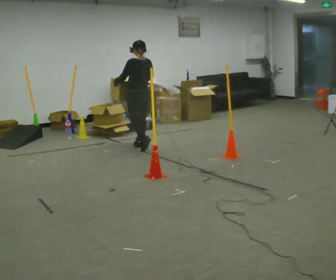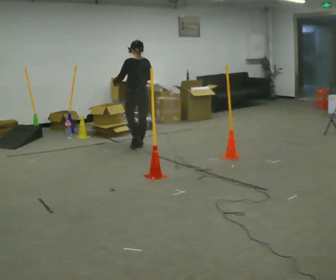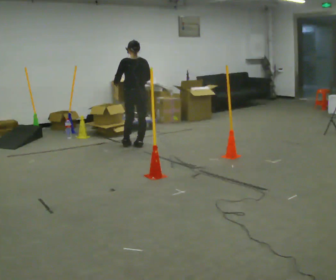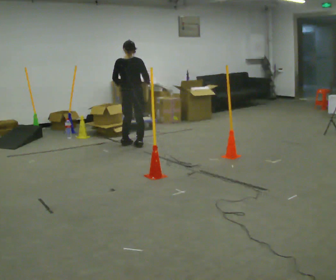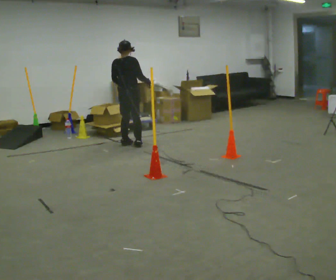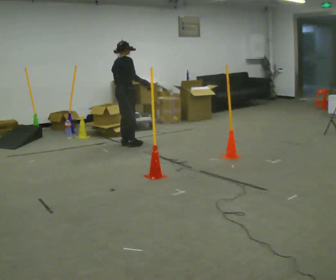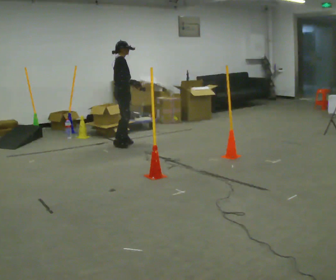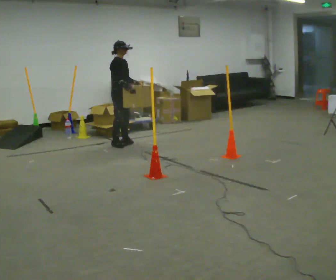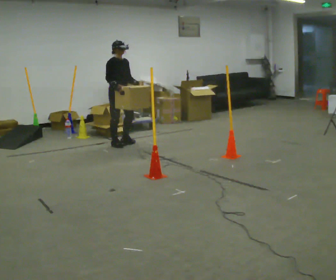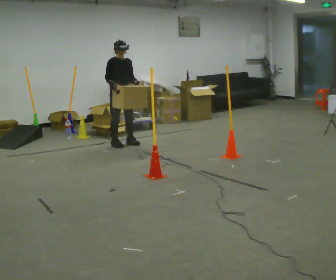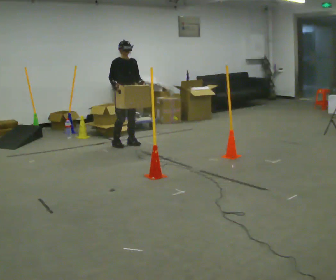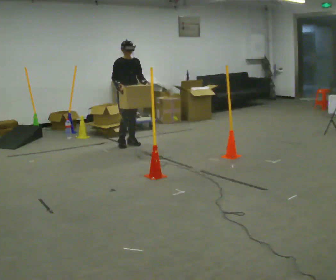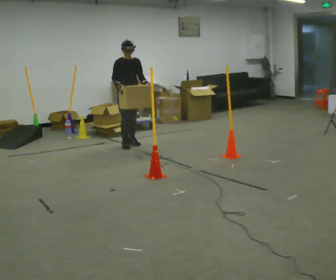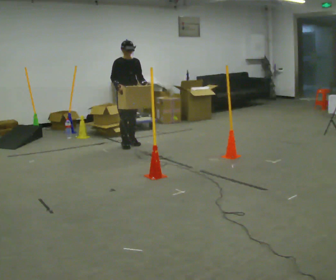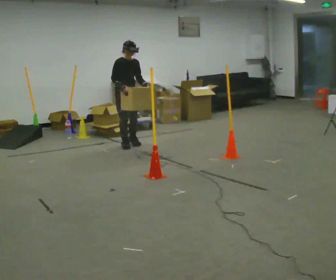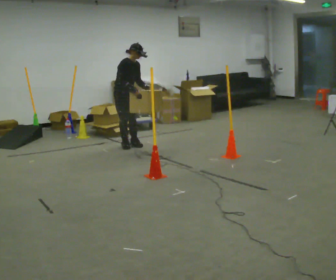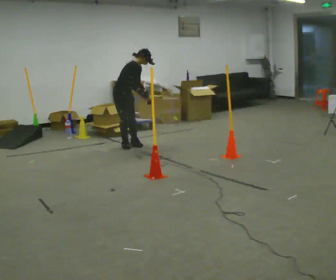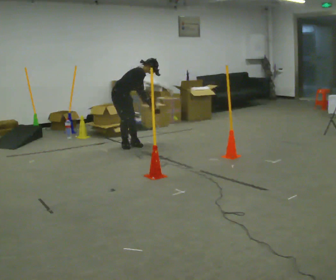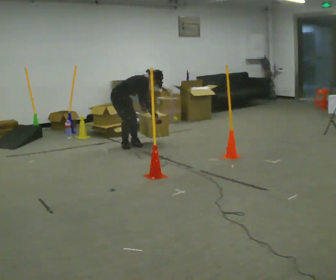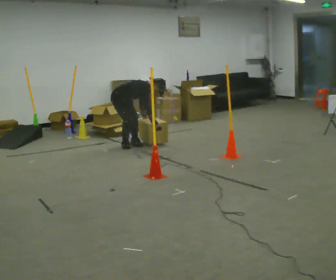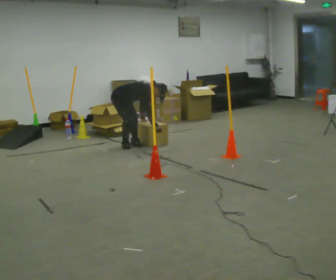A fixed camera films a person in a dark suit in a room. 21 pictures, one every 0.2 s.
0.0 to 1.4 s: The part of the body nearest the lens slides to the left as the person turns to their right by about 150 degrees. In the picture they go to the left and away from the camera, about 0.25 m in 2 steps.
1.4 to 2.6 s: The person turns about 45 degrees to their right, clockwise seen from above, so the part of the body nearest the lens slides to the left.
2.6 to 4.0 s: Seen from above the body turns counterclockwise, about 45 degrees: to their left, with its near side sliding to the right. The shoulders move downward. In the picture the upper body tilts clockwise, shoulders to the right, as they bend forward. In the picture their left hand goes downward.
The film runs forward here.
